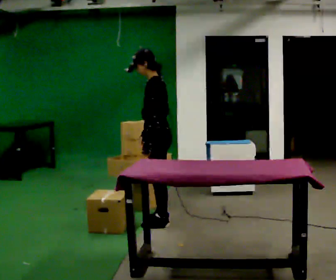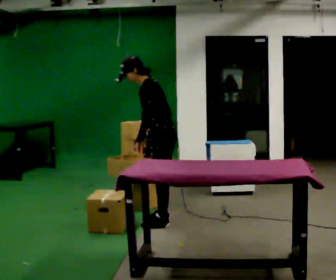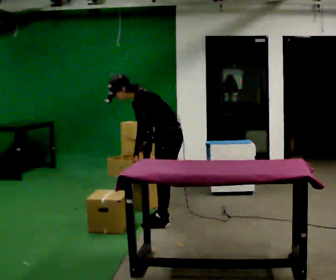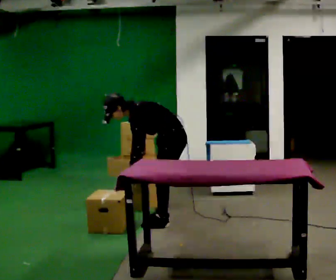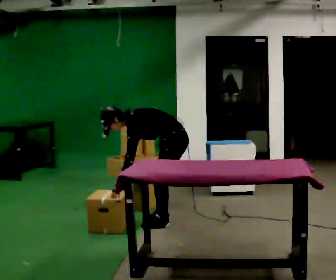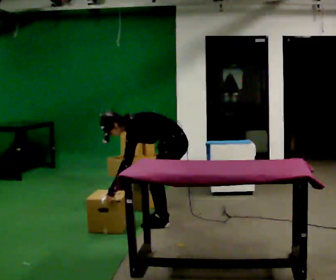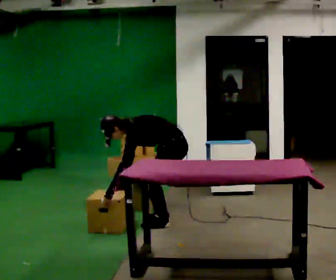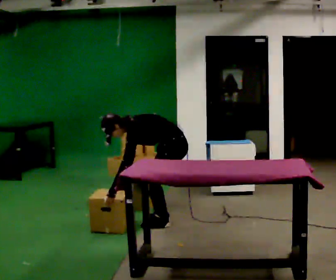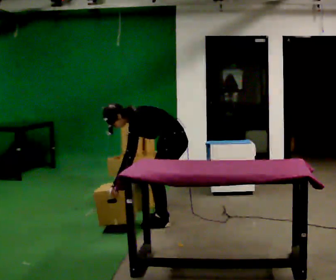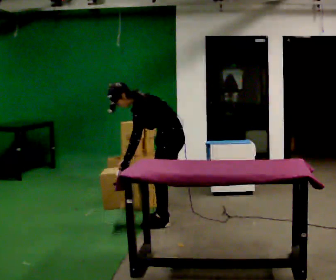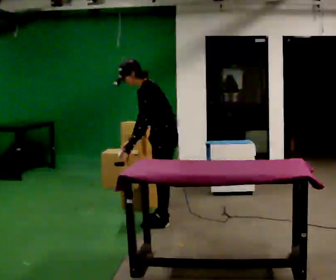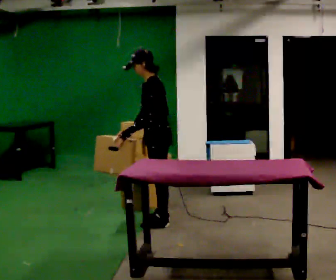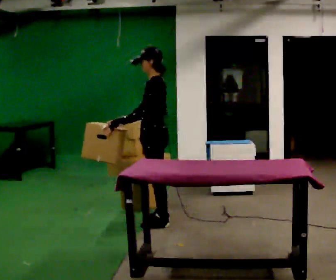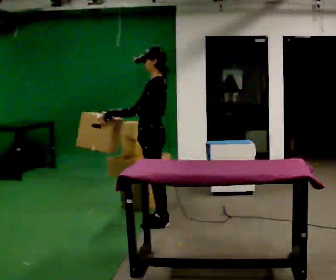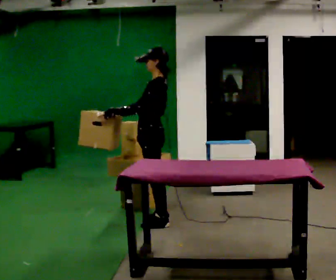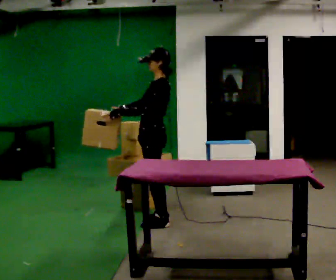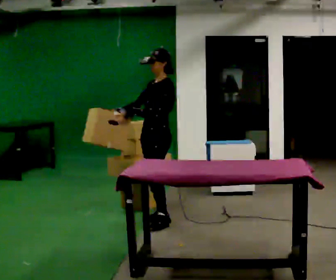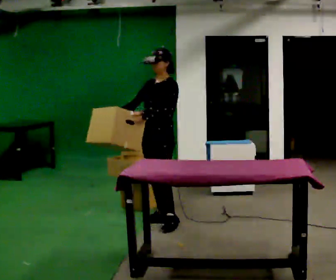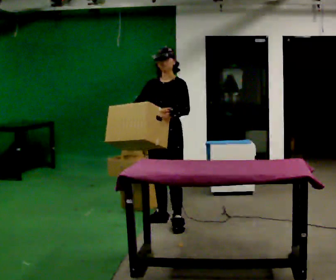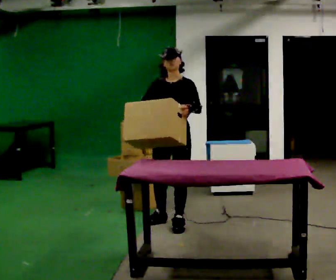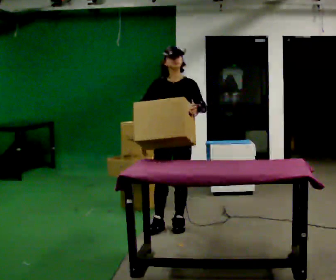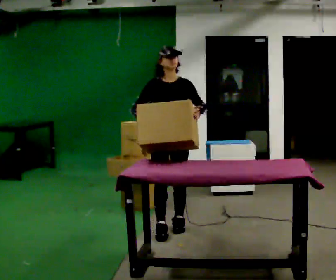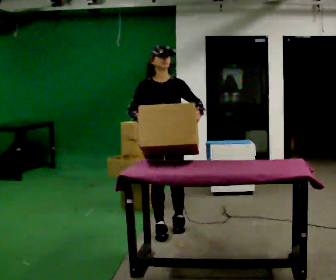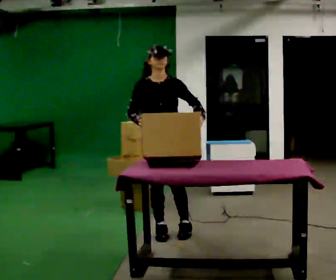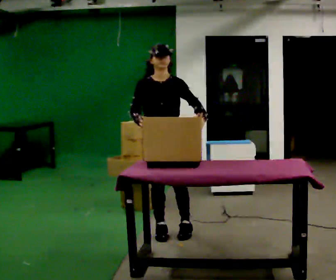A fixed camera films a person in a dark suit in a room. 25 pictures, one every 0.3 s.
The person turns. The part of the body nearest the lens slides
to the right.
The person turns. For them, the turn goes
to their left.
0.0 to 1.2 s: The shoulders move downward. In the picture the upper body tilts counterclockwise, shoulders to the left, as they bend forward. In the picture their right hand goes downward.
1.2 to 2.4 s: The person moves a little, or ends about where they began.
2.4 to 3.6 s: In the picture they go to the left, about 0.25 m, which for them is forward. The upper body goes upward. In the picture the upper body tilts clockwise, shoulders to the right, as they lean back or straighten. In the picture their right hand goes upward.
3.6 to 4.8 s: The person moves a little, or ends about where they began.
4.8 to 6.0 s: Seen from above the body turns counterclockwise, about 60 degrees: to their left, with its near side sliding to the right. In the picture they go toward the camera, about 0.25 m. In the picture their left hand goes to the right.
6.0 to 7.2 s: In the picture they go toward the camera, about 0.25 m in 2 steps, which for them is forward.
The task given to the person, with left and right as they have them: 1. Move everything from the second bin into the first bin. 2. Carry the empty bin to the shelf. 3. Carry the full bin to the table. 4. Tell the operator when you are finished.
The film runs forward here.
